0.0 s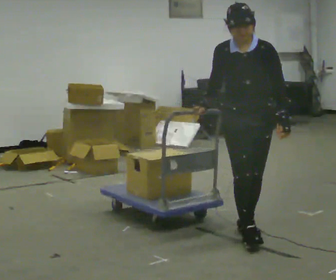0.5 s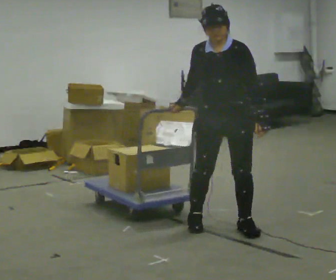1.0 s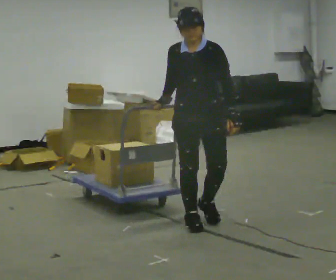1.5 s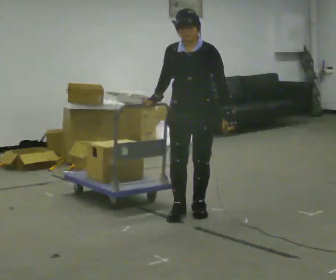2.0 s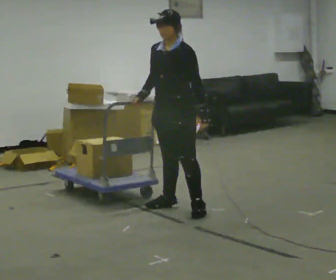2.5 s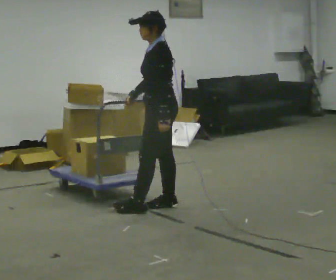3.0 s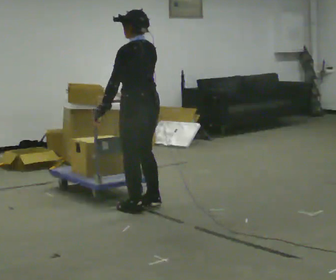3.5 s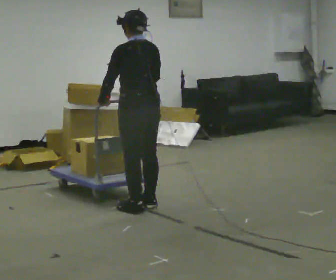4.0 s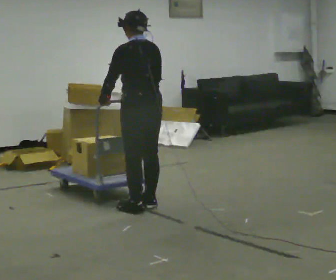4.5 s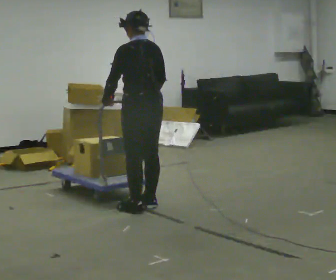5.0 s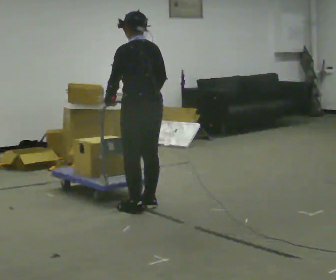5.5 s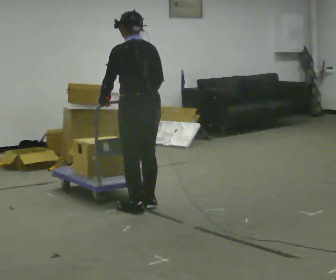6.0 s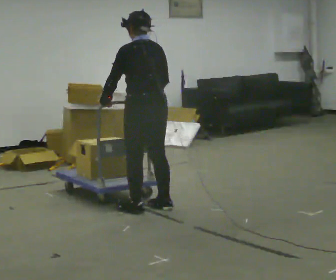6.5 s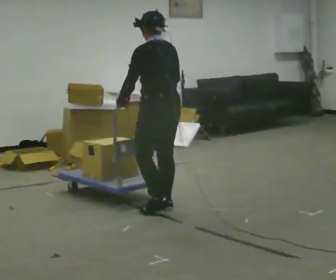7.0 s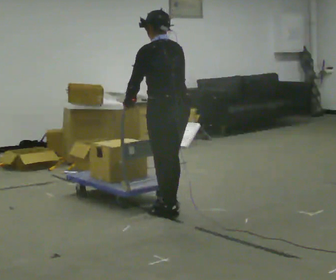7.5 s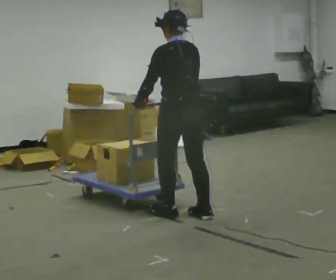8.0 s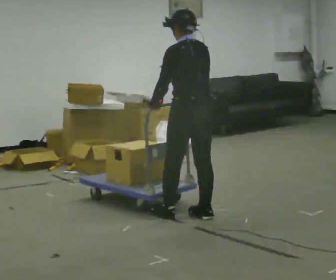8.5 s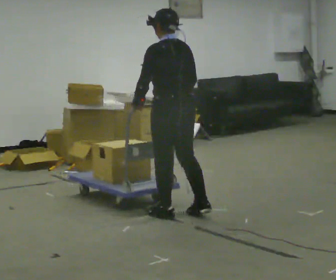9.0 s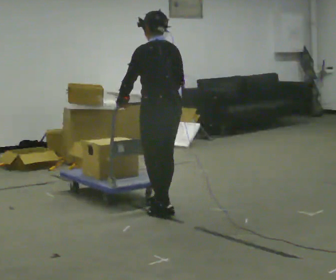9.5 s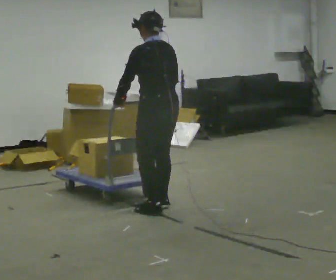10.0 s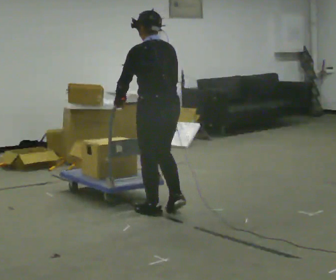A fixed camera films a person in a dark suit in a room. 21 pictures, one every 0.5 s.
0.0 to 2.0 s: The part of the body nearest the lens slides to the left as the person turns to their right by about 45 degrees. In the picture they go away from the camera and to the left, about 1 m in 2 steps, which for them is to their right and backward.
2.0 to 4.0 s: The person turns about 105 degrees to their right, clockwise seen from above, so the part of the body nearest the lens slides to the left. In the picture they go to the left, about 0.25 m in 2 steps.
4.0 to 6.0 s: The person moves a little, or ends about where they began.
6.0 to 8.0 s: In the picture they go to the right and toward the camera, about 0.5 m in 2 steps, which for them is backward and to their right.
8.0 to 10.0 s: In the picture they go to the left, about 0.25 m in 2 steps, which for them is forward and to their left.
The film runs backward here.
